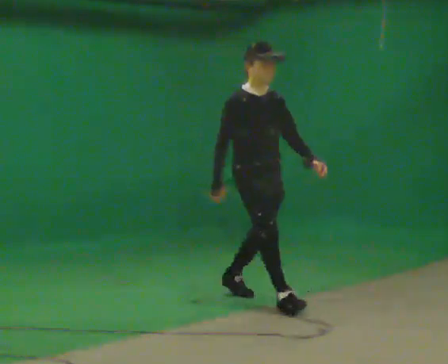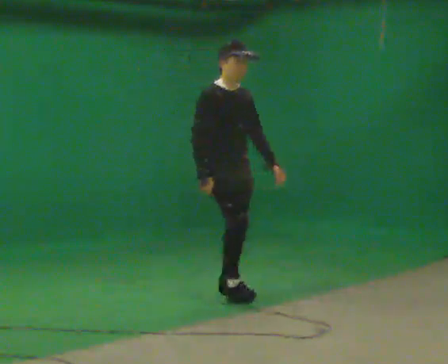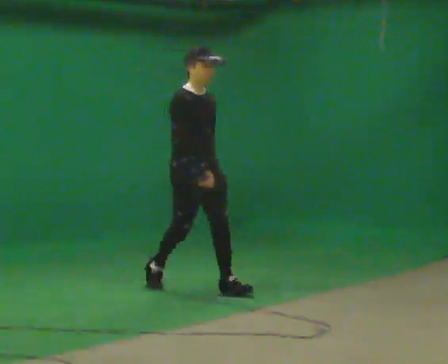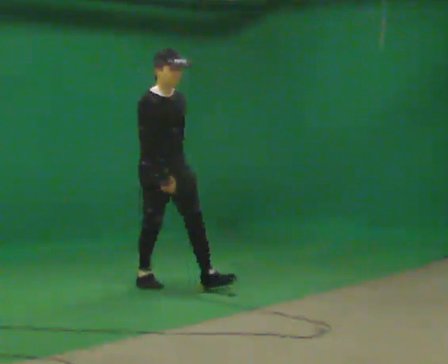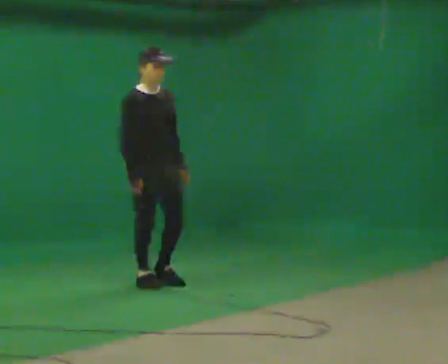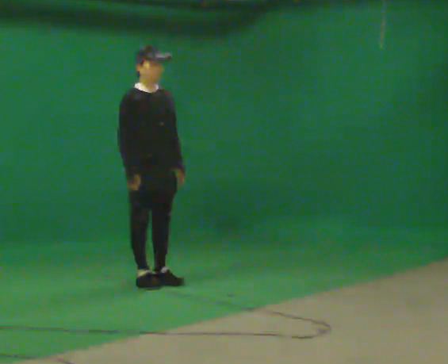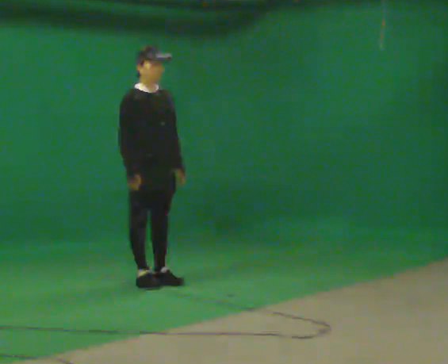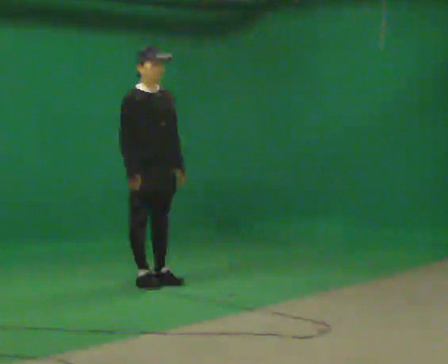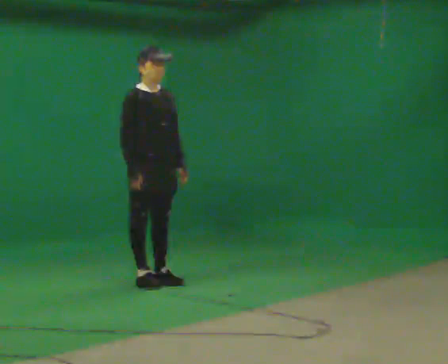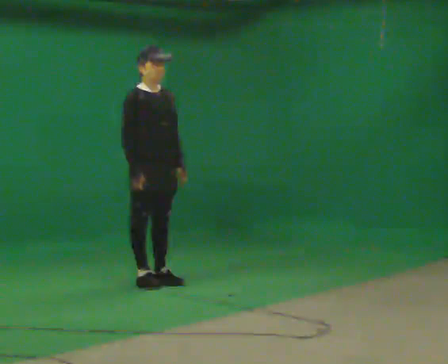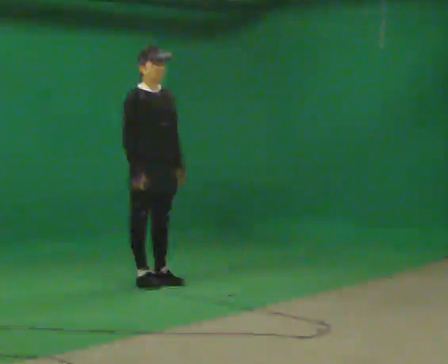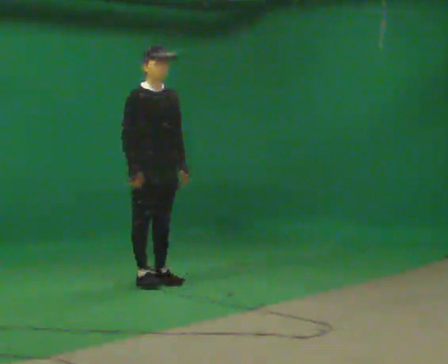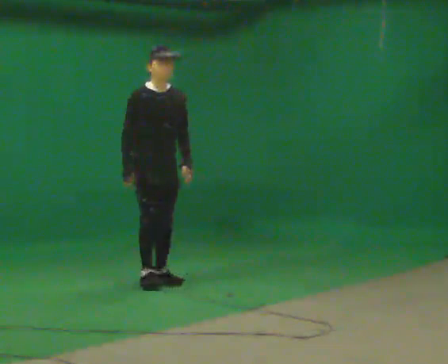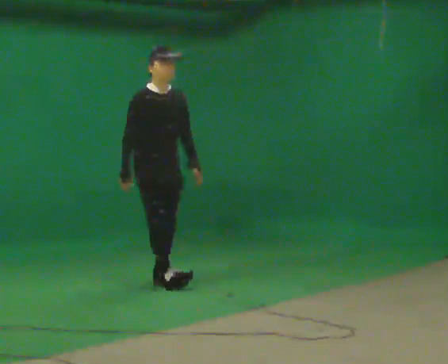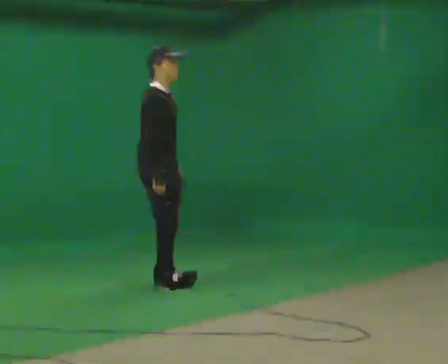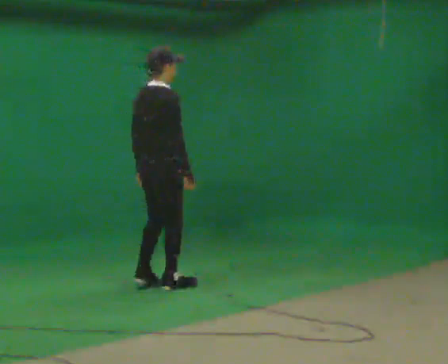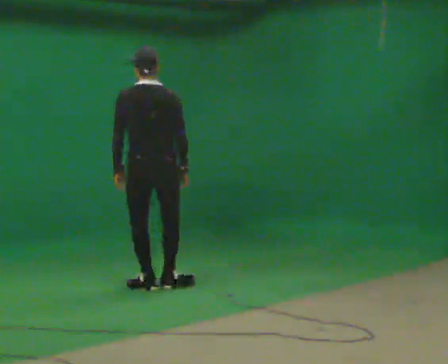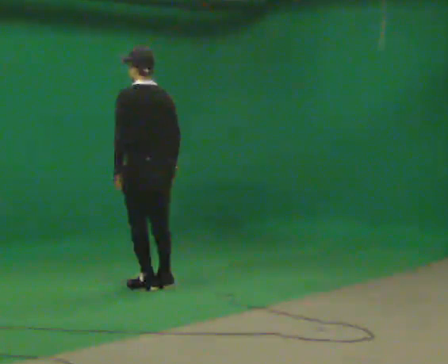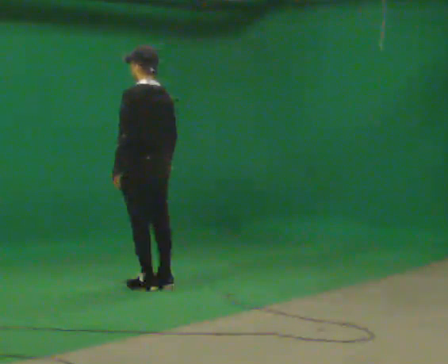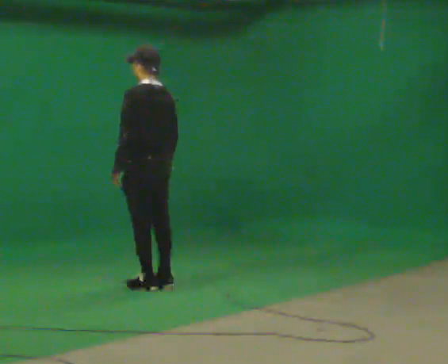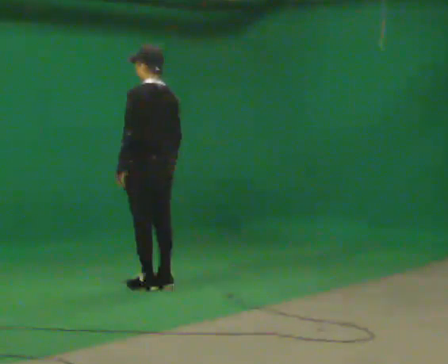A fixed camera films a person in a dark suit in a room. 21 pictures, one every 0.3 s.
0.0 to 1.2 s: In the picture they go away from the camera and to the left, about 1 m in 2 steps, which for them is backward.
1.2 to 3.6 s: The person moves a little, or ends about where they began.
3.6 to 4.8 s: The part of the body nearest the lens slides to the right as the person turns to their left by about 135 degrees. In the picture they go toward the camera, about 0.25 m in 1 step. In the picture their left hand goes to the left, the arm swinging clockwise.
4.8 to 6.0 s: The person turns about 45 degrees to their left, counterclockwise seen from above, so the part of the body nearest the lens slides to the right.
The film runs backward here.
